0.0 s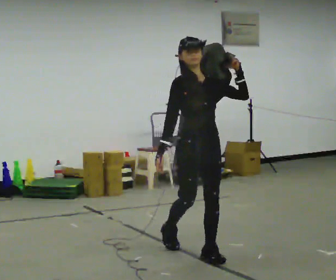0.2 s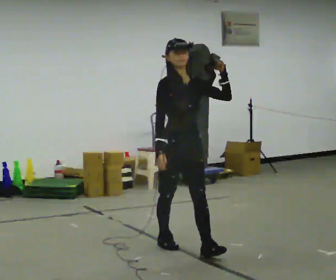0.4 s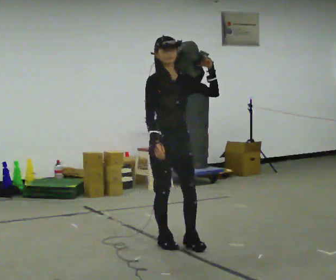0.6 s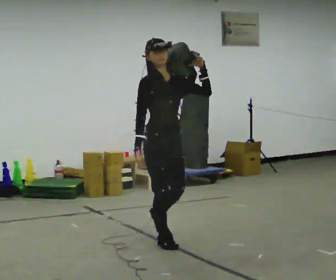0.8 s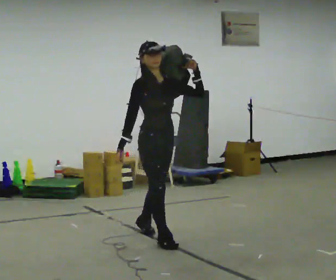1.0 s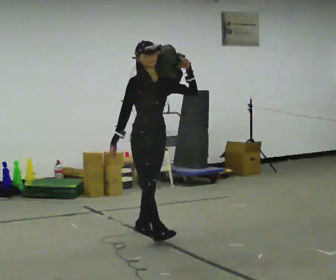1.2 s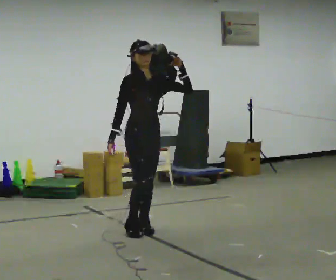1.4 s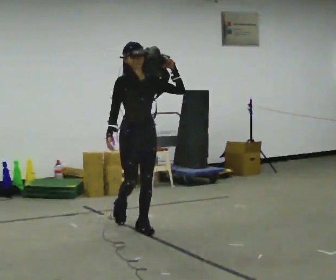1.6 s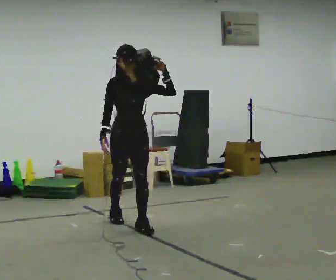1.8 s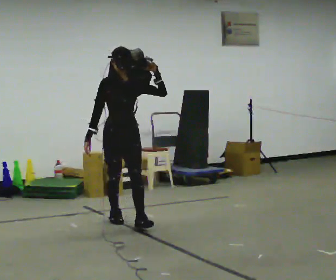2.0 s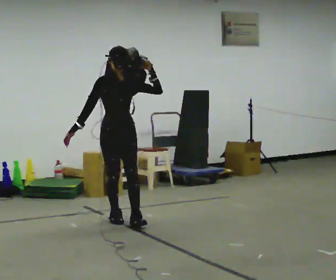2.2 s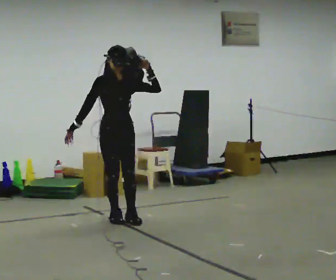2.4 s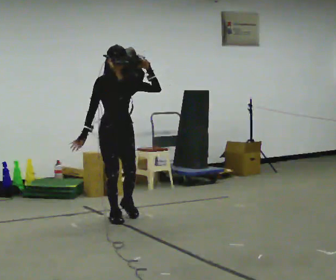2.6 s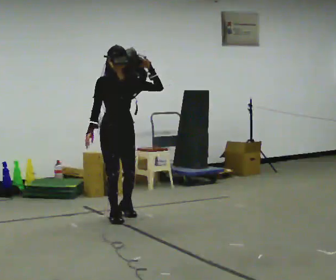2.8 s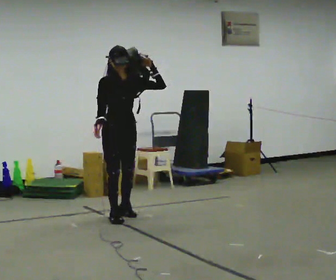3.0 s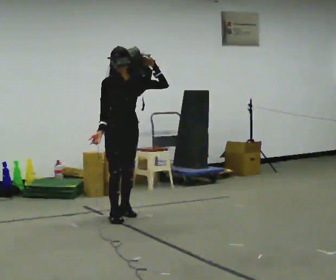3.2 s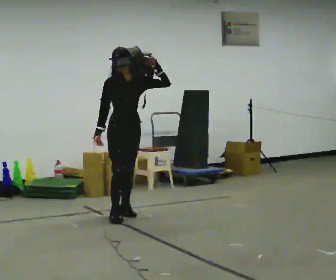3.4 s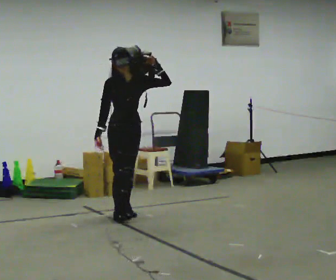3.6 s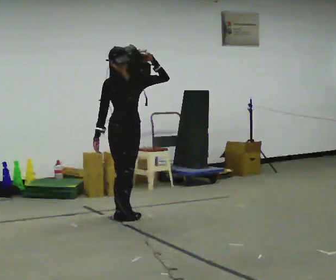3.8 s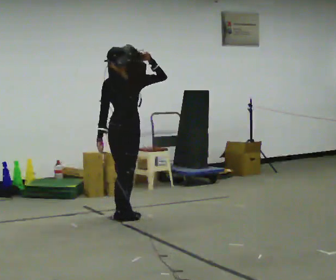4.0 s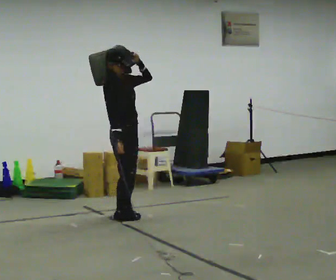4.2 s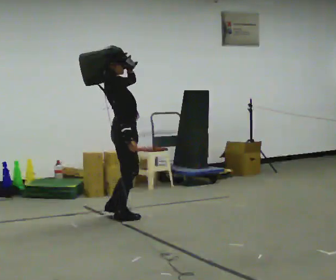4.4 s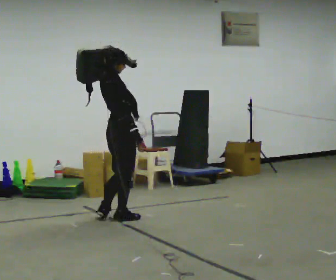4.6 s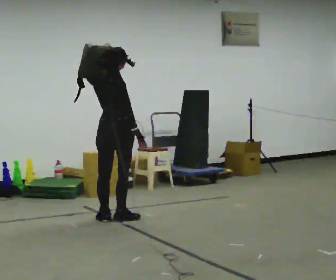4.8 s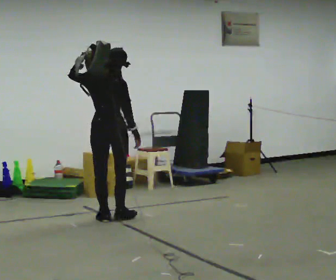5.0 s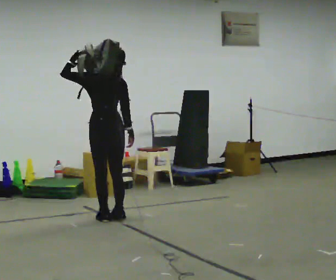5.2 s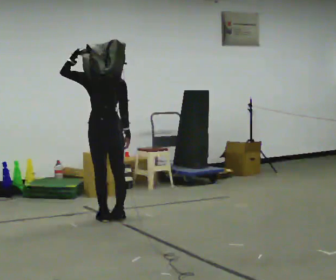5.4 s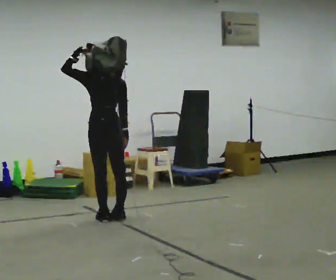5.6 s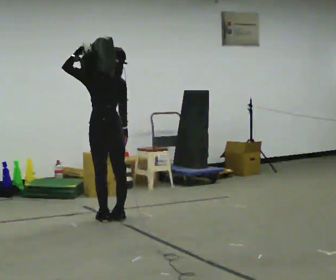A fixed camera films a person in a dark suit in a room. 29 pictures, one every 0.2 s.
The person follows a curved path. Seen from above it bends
counterclockwise.
The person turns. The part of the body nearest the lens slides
to the right.
0.0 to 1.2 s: In the picture they go away from the camera and to the left, about 1 m in 2 steps, which for them is backward.
1.2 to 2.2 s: In the picture they go away from the camera and to the left, about 0.5 m in 1 step, which for them is backward.
2.2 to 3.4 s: In the picture they go away from the camera, about 0.25 m, which for them is backward and to their left.
3.4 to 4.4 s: Seen from above the body turns counterclockwise, about 90 degrees: to their left, with its near side sliding to the right. In the picture they go toward the camera, about 0.25 m in 1 step.
4.4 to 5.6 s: The part of the body nearest the lens slides to the right as the person turns to their left by about 90 degrees. In the picture the upper body tilts clockwise, shoulders to the right. In the picture their left hand goes to the left.
The film runs backward here.
